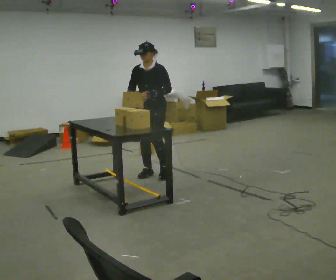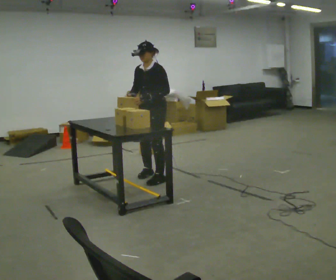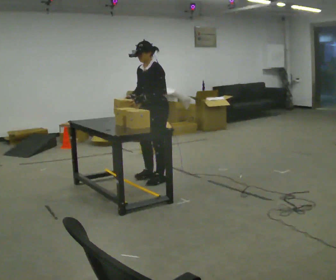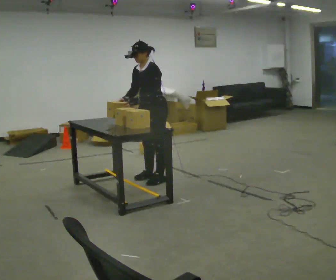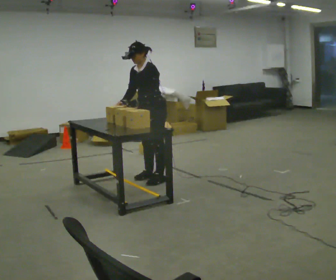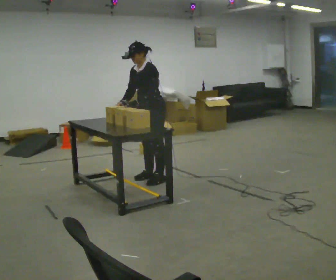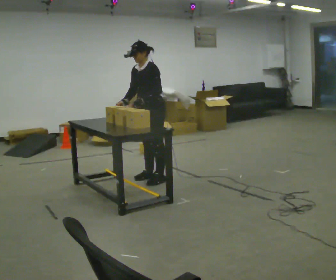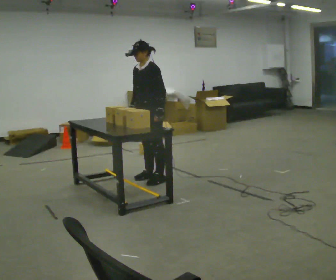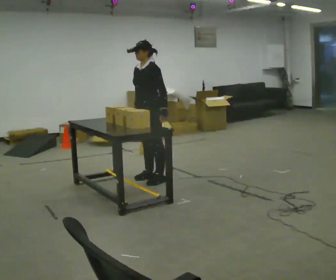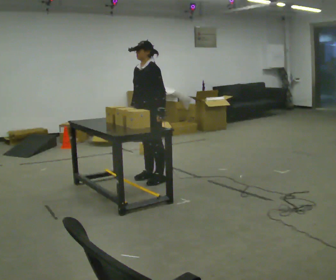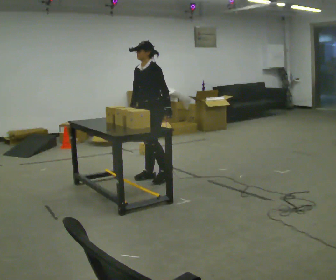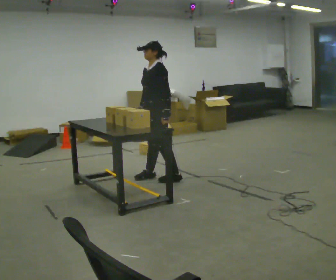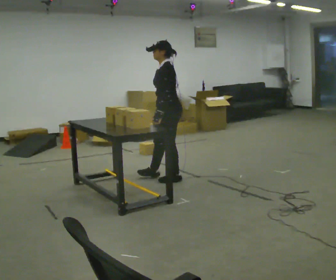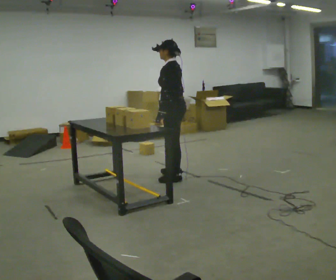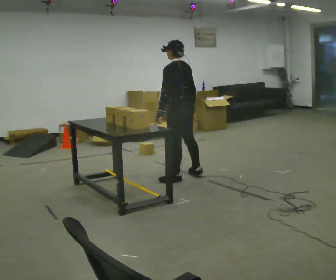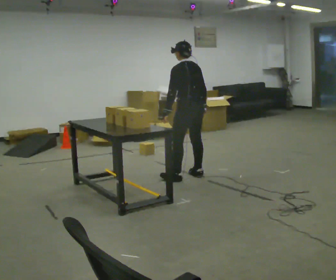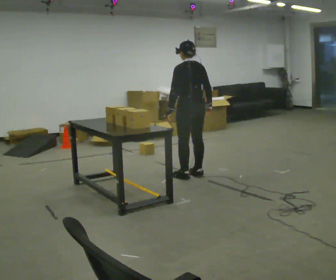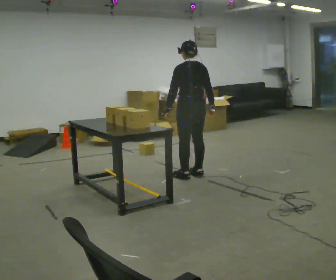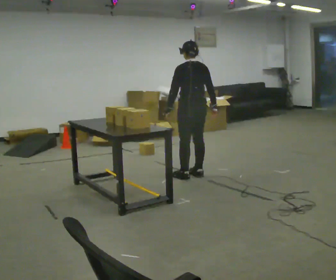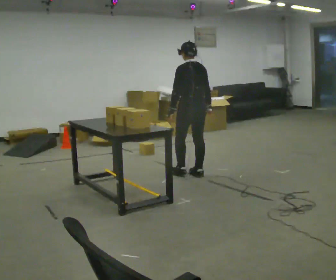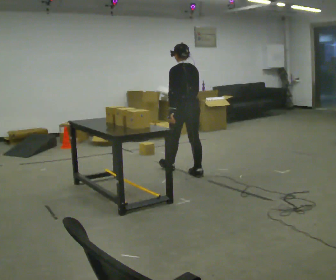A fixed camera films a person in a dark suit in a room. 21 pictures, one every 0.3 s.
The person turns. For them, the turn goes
to their right.
The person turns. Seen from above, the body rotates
clockwise.
0.0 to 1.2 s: The person turns about 30 degrees to their right, clockwise seen from above, so the part of the body nearest the lens slides to the left. In the picture they go toward the camera, about 0.25 m in 1 step, which for them is to their left.
1.2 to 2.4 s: In the picture their left hand goes to the right.
2.4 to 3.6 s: The person turns about 30 degrees to their right, clockwise seen from above, so the part of the body nearest the lens slides to the left. In the picture they go to the right, about 0.25 m in 1 step, which for them is backward and to their left.
3.6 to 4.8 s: The person turns about 60 degrees to their right, clockwise seen from above, so the part of the body nearest the lens slides to the left. In the picture they go to the right, about 0.25 m in 1 step.
4.8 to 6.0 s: In the picture they go away from the camera, about 0.25 m in 1 step, which for them is forward.
The film runs forward here.
